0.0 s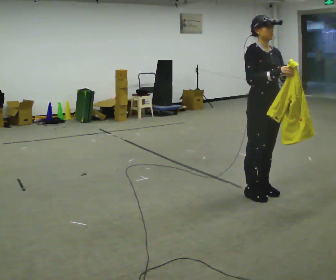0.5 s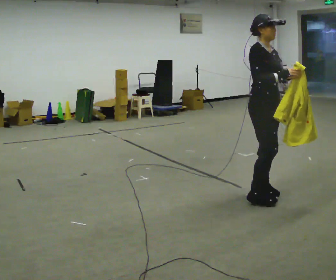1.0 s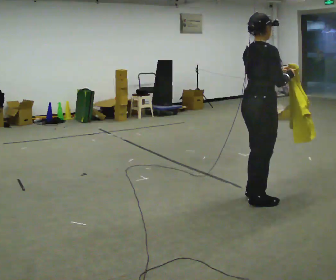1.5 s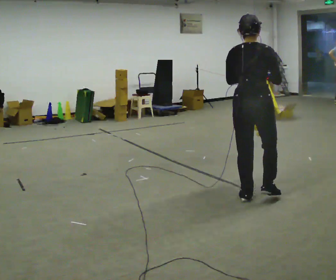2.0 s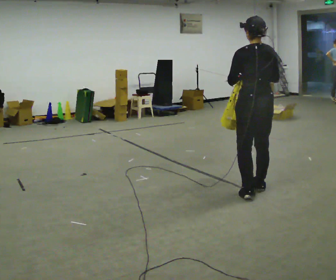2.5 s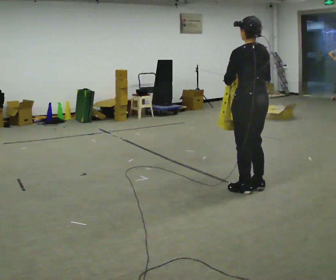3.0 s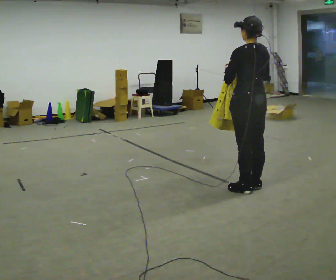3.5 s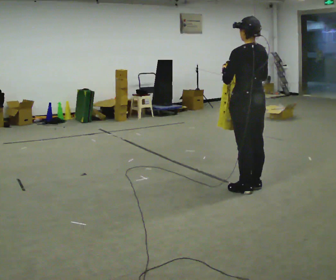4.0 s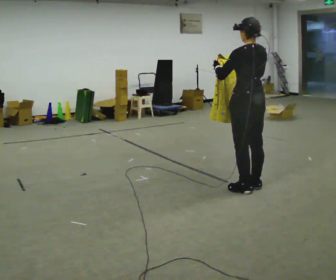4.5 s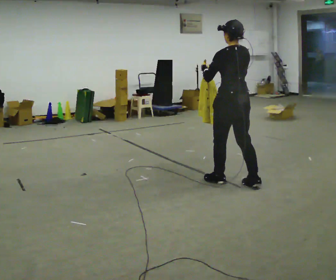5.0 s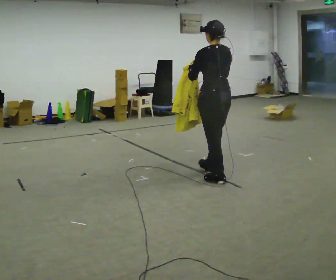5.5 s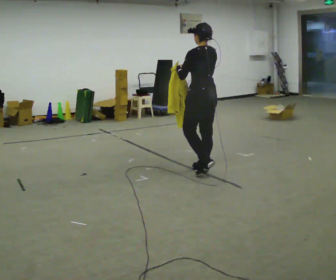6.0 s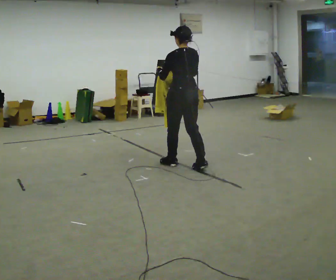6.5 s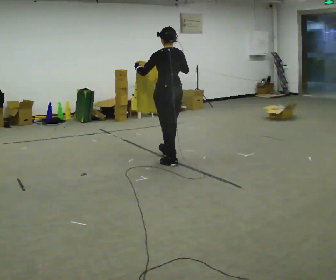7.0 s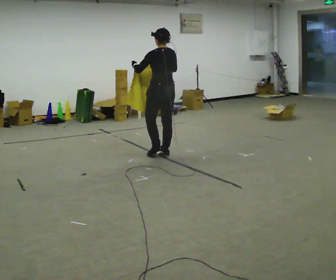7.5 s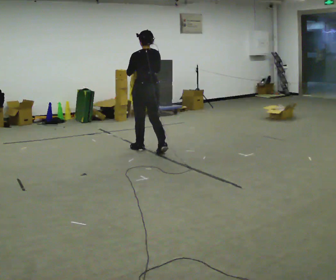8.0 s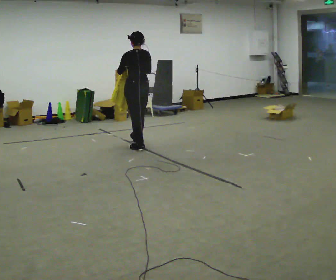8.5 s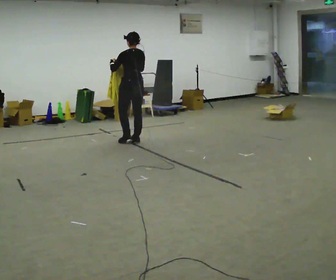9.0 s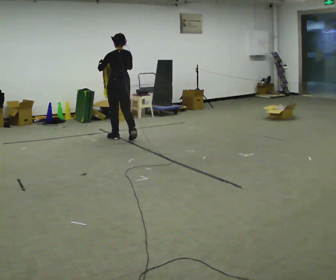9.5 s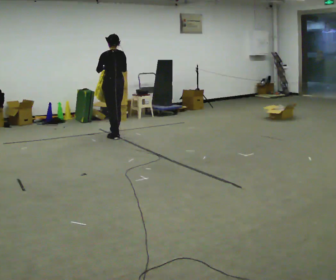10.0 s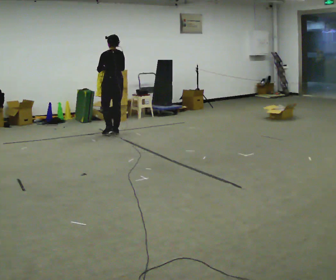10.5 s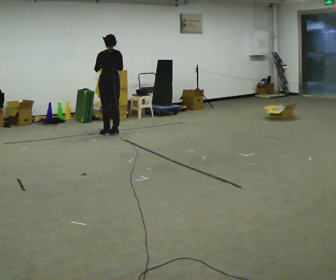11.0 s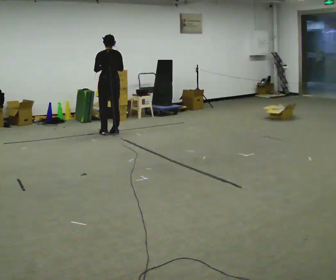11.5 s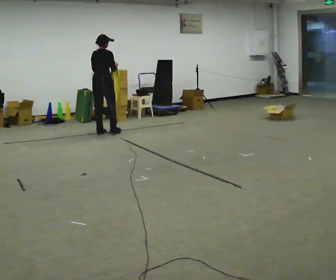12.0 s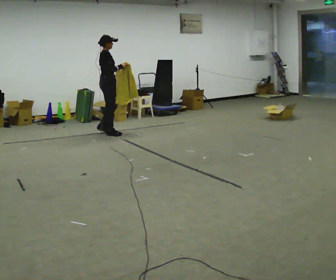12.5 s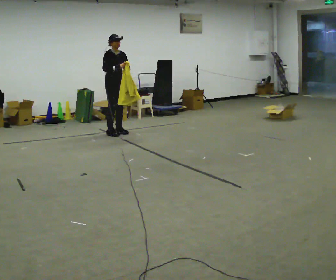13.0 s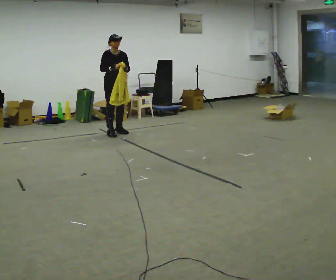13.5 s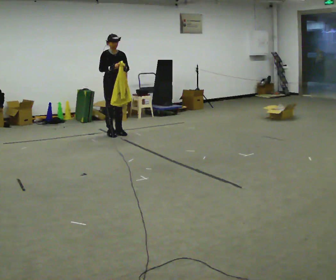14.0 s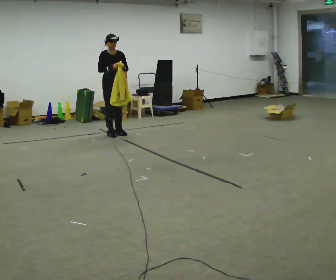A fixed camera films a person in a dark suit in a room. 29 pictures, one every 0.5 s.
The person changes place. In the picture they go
away from the camera.
0.0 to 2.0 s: The part of the body nearest the lens slides to the right as the person turns to their left by about 165 degrees. In the picture their left hand goes to the left.
2.0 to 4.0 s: In the picture they go away from the camera, about 0.25 m in 1 step, which for them is forward.
4.0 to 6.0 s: In the picture they go away from the camera and to the left, about 1 m in 3 steps, which for them is forward.
6.0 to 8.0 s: In the picture they go away from the camera and to the left, about 1 m in 3 steps, which for them is forward.
8.0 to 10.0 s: In the picture they go away from the camera and to the left, about 1 m in 2 steps, which for them is forward.
10.0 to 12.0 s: The person turns about 120 degrees to their right, clockwise seen from above, so the part of the body nearest the lens slides to the left.
12.0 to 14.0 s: The person turns about 60 degrees to their right, clockwise seen from above, so the part of the body nearest the lens slides to the left.
The film runs forward here.
